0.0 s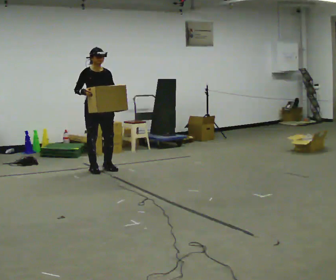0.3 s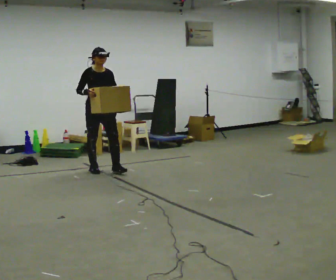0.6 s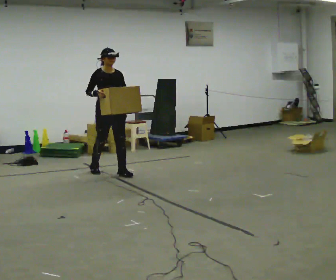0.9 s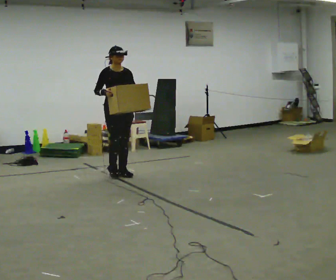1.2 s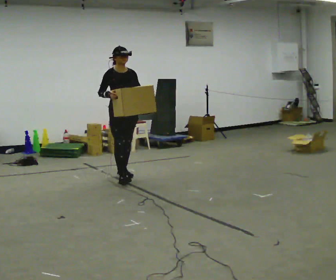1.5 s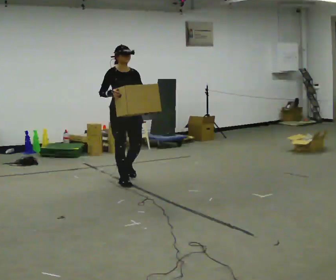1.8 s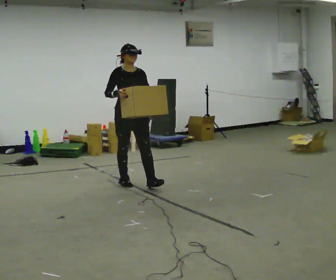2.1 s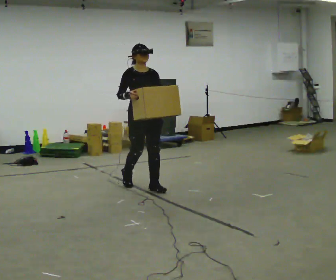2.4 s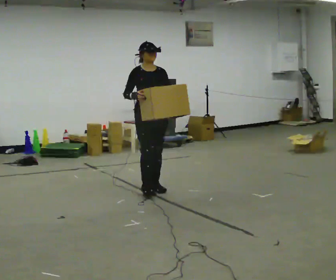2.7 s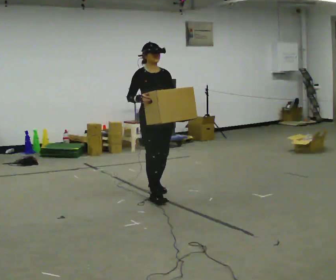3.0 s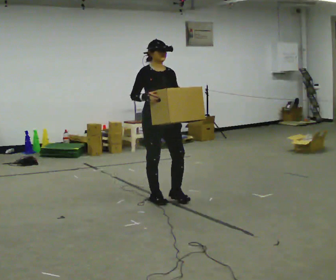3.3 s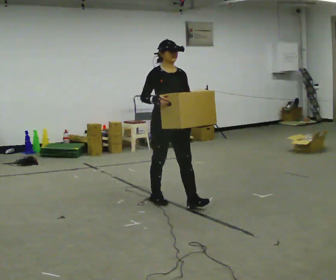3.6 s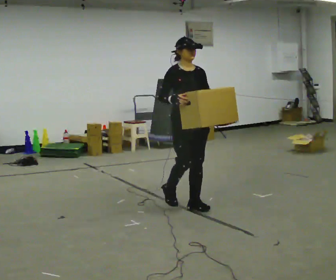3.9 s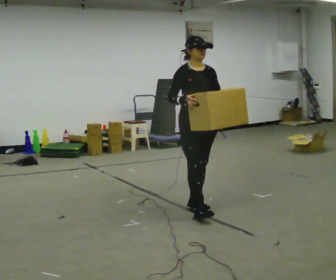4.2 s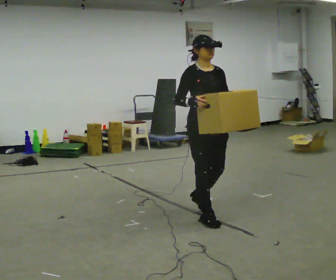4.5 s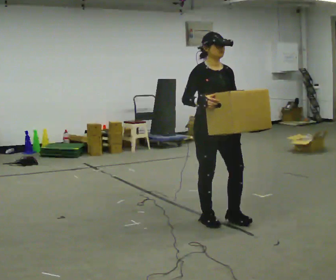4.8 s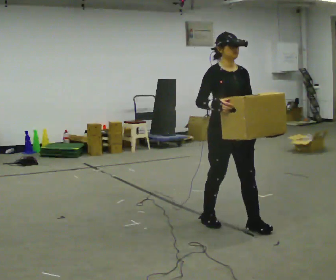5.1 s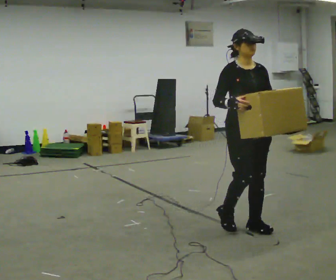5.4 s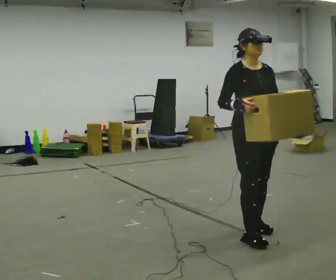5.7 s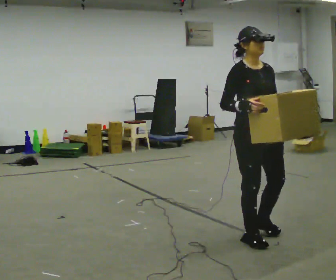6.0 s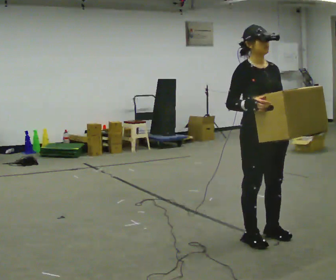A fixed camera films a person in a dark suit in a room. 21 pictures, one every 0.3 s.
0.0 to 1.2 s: In the picture they go toward the camera and to the right, about 0.5 m in 2 steps, which for them is forward.
1.2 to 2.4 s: In the picture they go toward the camera and to the right, about 0.5 m in 1 step, which for them is forward.
2.4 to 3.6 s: In the picture they go toward the camera and to the right, about 0.5 m in 2 steps, which for them is forward.
3.6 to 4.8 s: In the picture they go toward the camera and to the right, about 0.75 m in 2 steps, which for them is forward.
4.8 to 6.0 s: In the picture they go toward the camera and to the right, about 0.5 m in 2 steps, which for them is forward.
The film runs forward here.
